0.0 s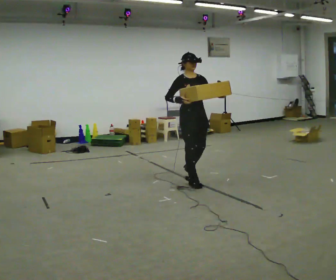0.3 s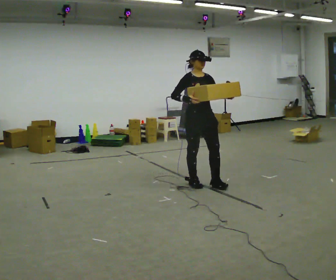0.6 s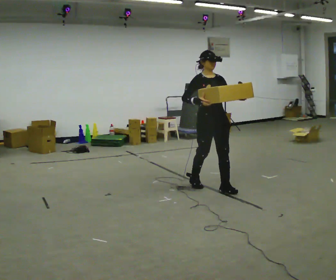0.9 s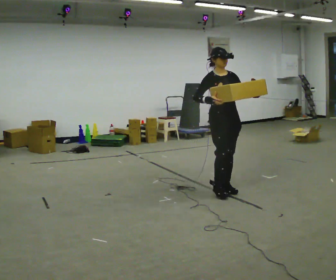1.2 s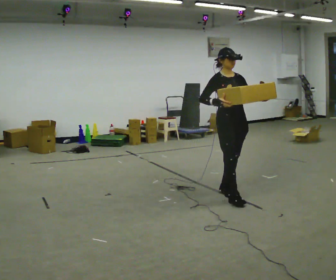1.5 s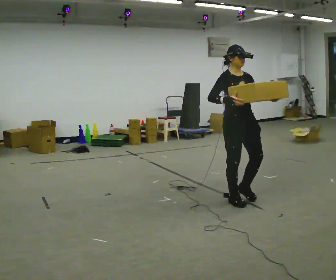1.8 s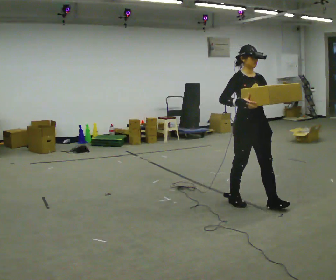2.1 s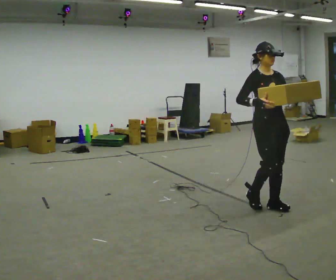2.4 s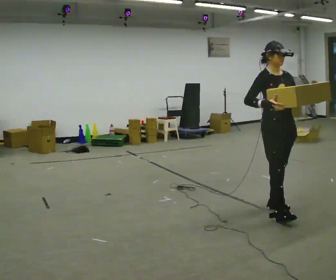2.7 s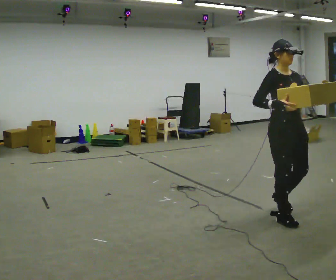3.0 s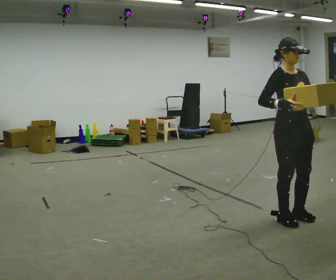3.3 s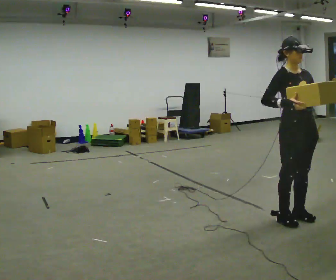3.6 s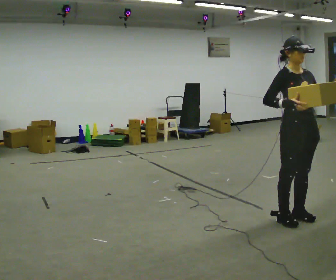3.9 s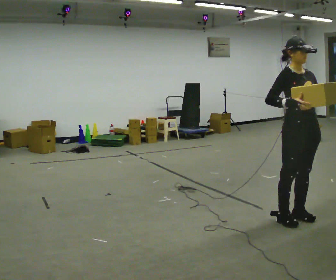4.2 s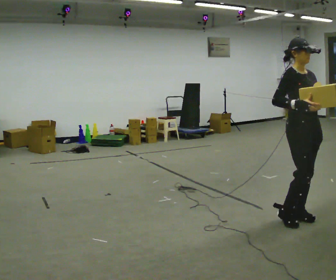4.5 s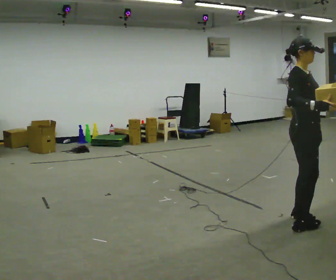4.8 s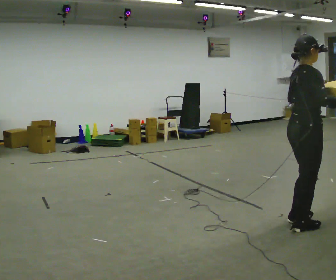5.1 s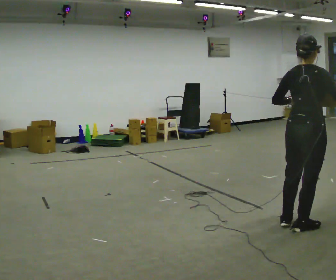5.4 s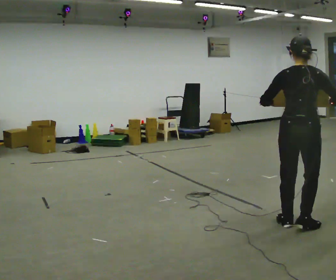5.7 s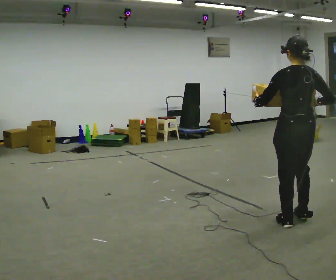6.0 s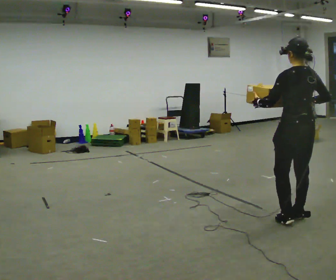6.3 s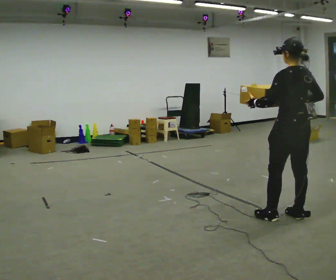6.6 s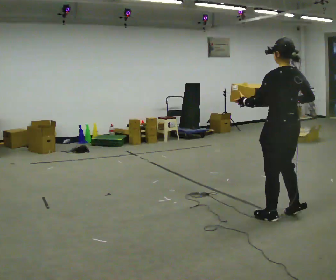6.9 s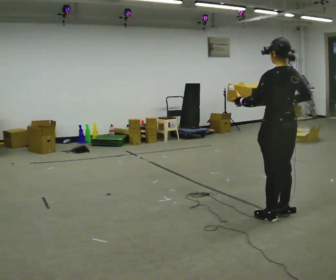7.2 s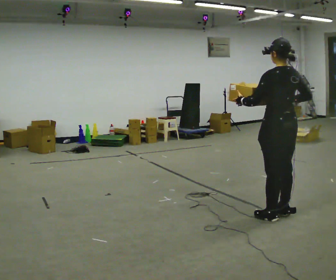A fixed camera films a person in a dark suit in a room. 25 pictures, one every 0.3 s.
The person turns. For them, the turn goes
to their left.
The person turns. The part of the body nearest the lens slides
to the right.
0.0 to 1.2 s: In the picture they go to the right and toward the camera, about 0.5 m in 2 steps, which for them is forward.
1.2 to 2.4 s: In the picture they go to the right and toward the camera, about 0.75 m in 1 step, which for them is forward.
2.4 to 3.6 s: In the picture they go toward the camera and to the right, about 0.25 m in 2 steps, which for them is forward.
3.6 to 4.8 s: The part of the body nearest the lens slides to the right as the person turns to their left by about 75 degrees. In the picture they go toward the camera, about 0.25 m in 1 step.
4.8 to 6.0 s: The person turns about 105 degrees to their left, counterclockwise seen from above, so the part of the body nearest the lens slides to the right. In the picture their left hand goes to the left.
6.0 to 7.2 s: In the picture they go to the left, about 0.25 m in 2 steps, which for them is forward.
The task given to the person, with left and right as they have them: Carry the medium box in both hands in front of you, walking back and forth across the room. Keep walking until the operator says stop.
The film runs forward here.
